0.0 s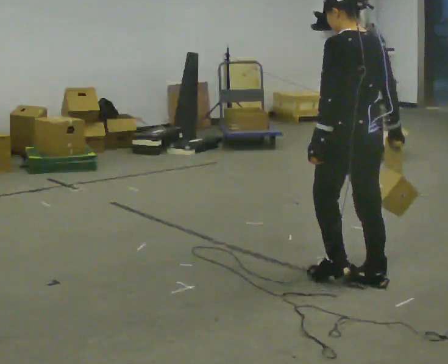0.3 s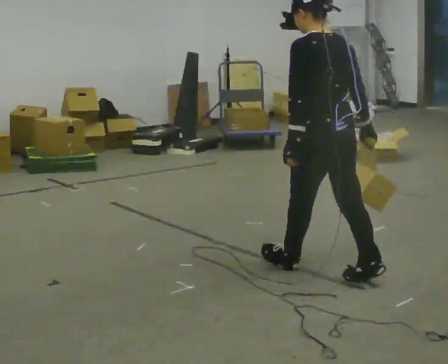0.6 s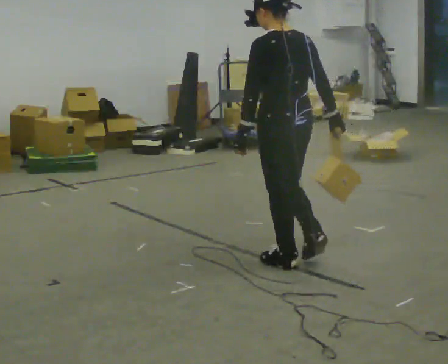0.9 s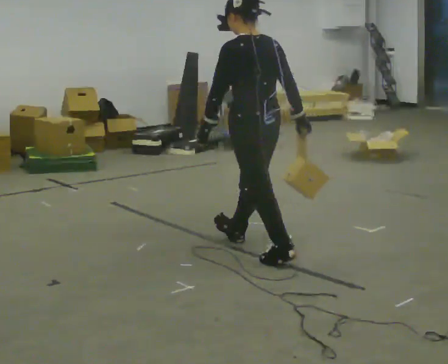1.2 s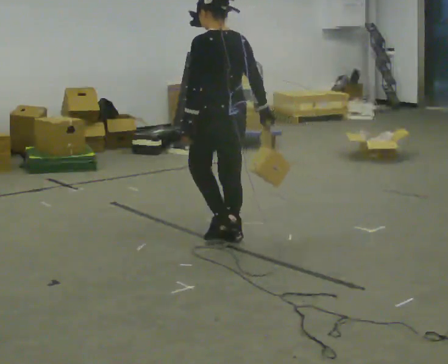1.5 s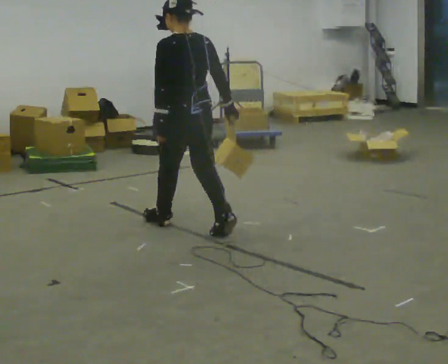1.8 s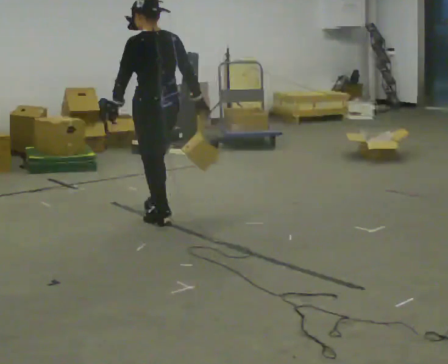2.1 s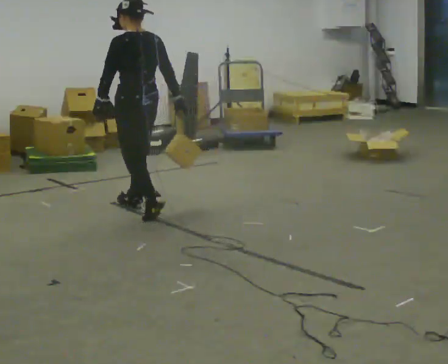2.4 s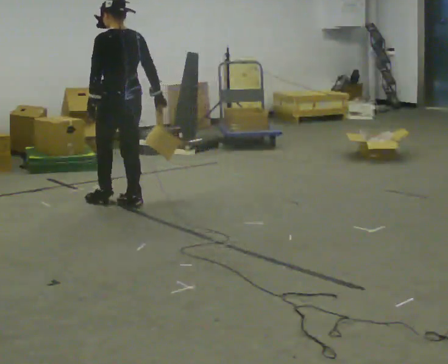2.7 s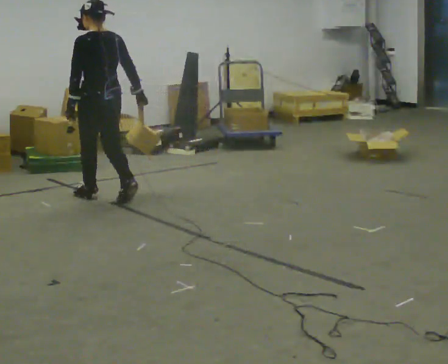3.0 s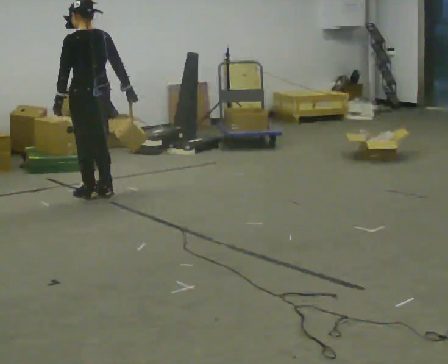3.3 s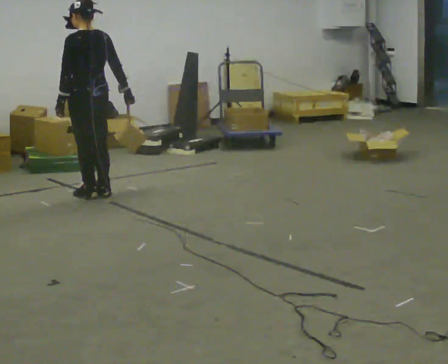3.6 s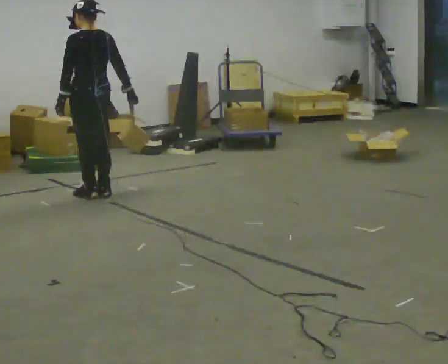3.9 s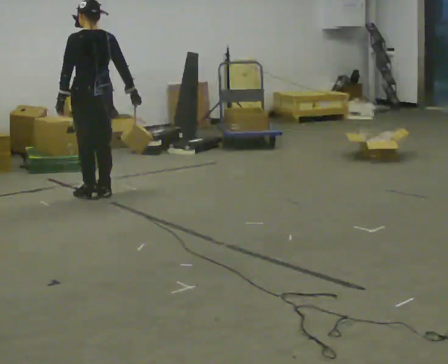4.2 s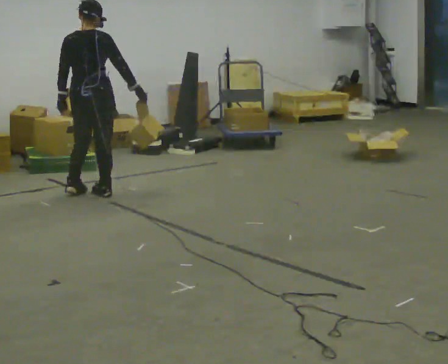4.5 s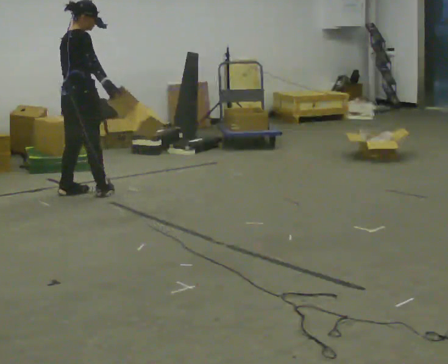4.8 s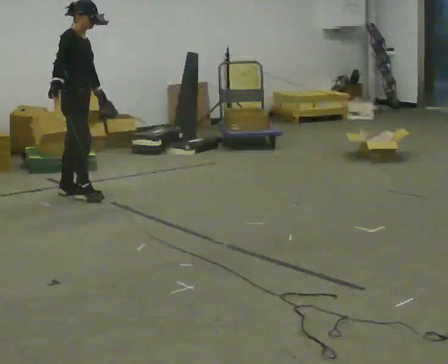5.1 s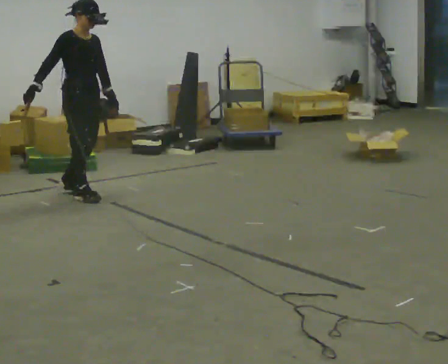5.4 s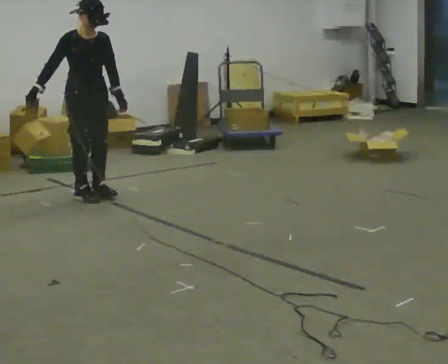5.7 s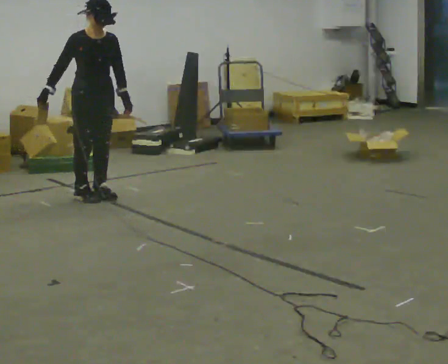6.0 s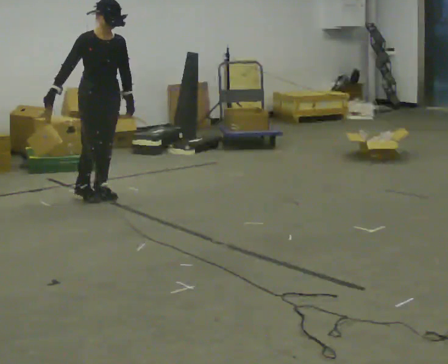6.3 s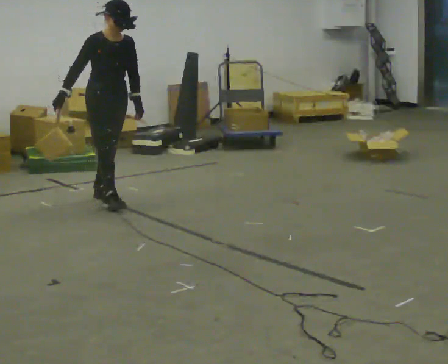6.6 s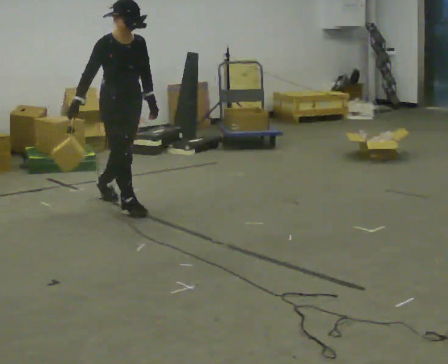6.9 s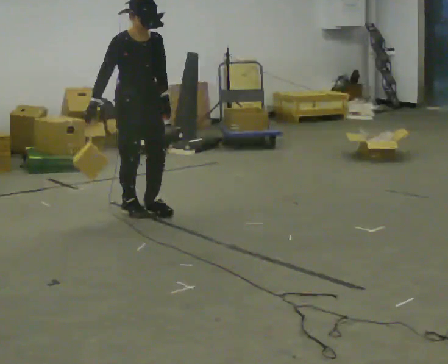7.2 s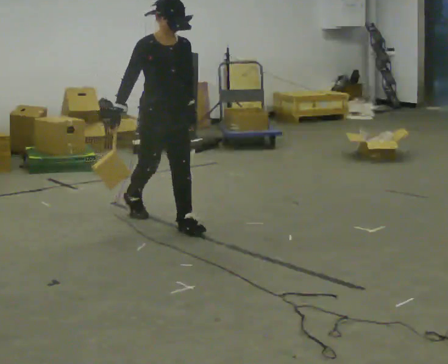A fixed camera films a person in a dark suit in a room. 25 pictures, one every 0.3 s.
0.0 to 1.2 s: In the picture they go away from the camera and to the left, about 1 m in 2 steps, which for them is forward.
1.2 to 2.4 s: In the picture they go away from the camera and to the left, about 1 m in 2 steps, which for them is forward.
2.4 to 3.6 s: In the picture they go away from the camera and to the left, about 0.25 m in 2 steps, which for them is forward.
3.6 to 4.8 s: The part of the body nearest the lens slides to the left as the person turns to their right by about 135 degrees. In the picture their right hand goes to the left.
4.8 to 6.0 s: Seen from above the body turns clockwise, about 45 degrees: to their right, with its near side sliding to the left. In the picture they go to the right, about 0.25 m in 1 step, which for them is forward and to their left.
6.0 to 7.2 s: In the picture they go toward the camera and to the right, about 1 m in 2 steps, which for them is forward.
The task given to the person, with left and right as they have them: Hold the object against your hip on the side the operator calls, and carry it back and forth across the room.
The film runs forward here.
